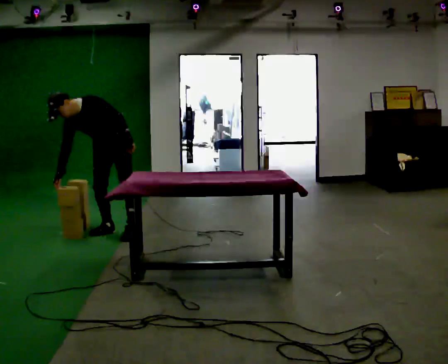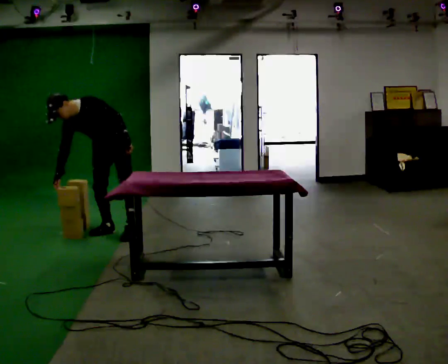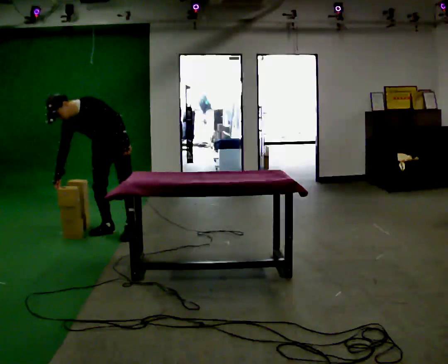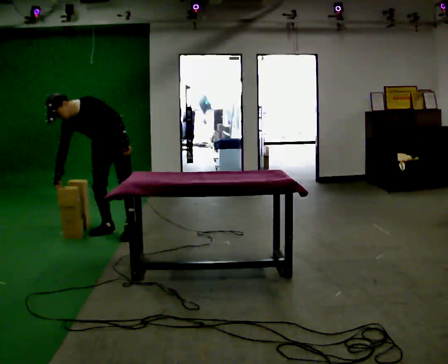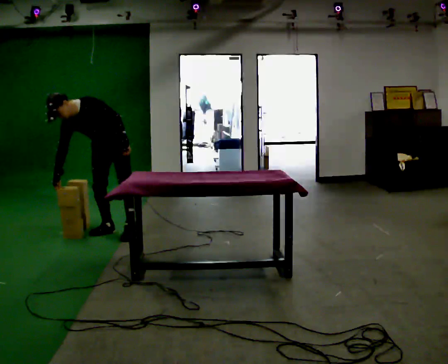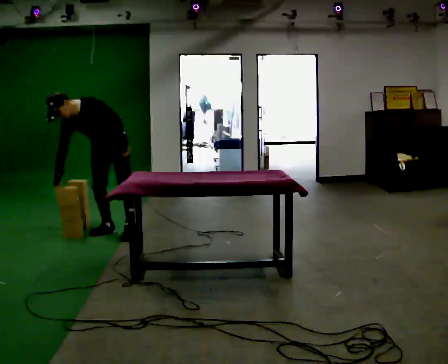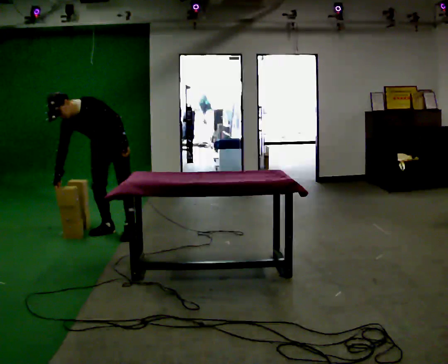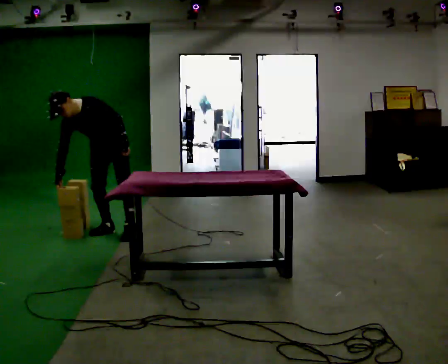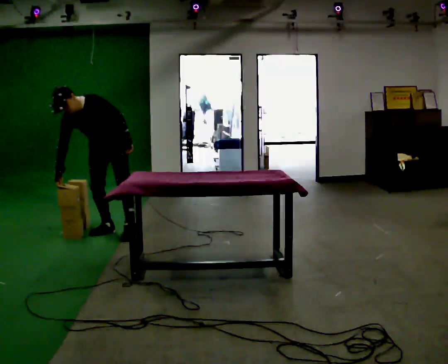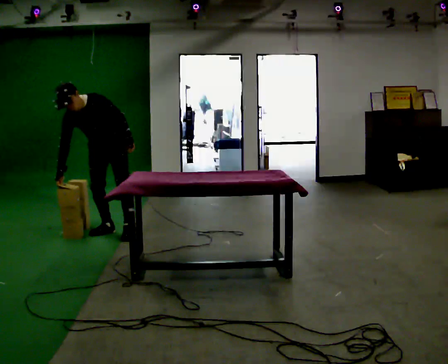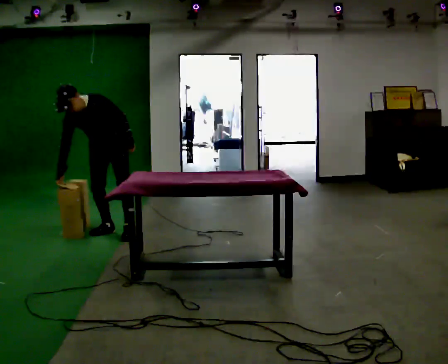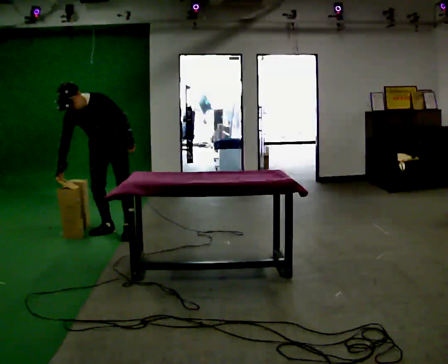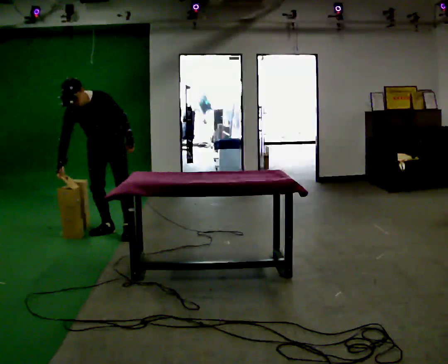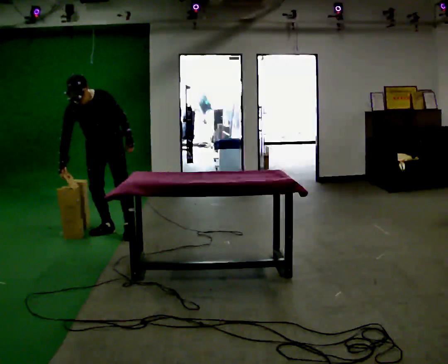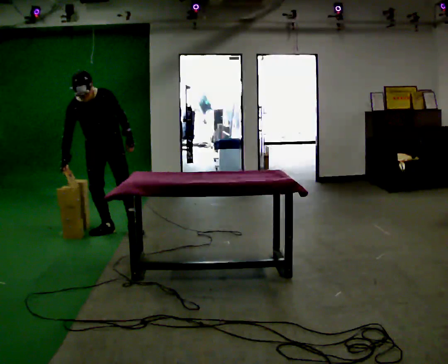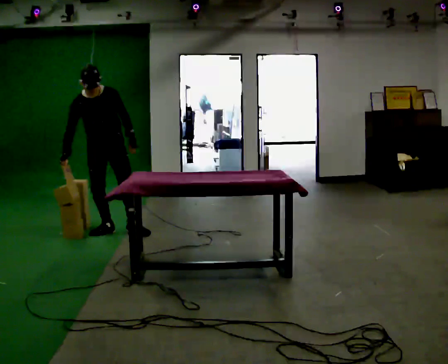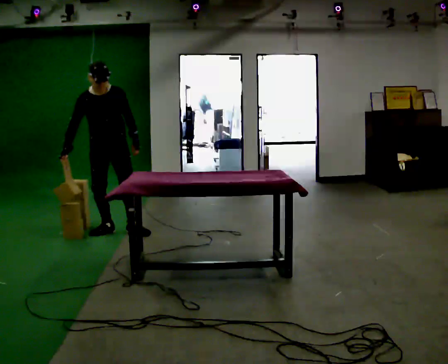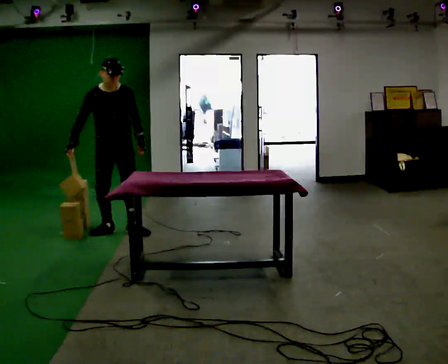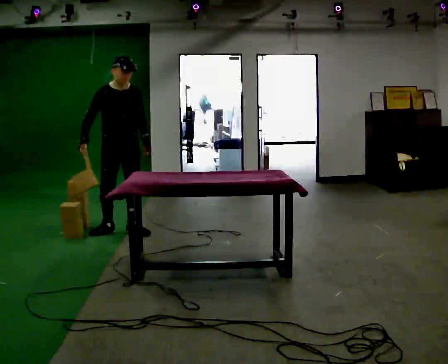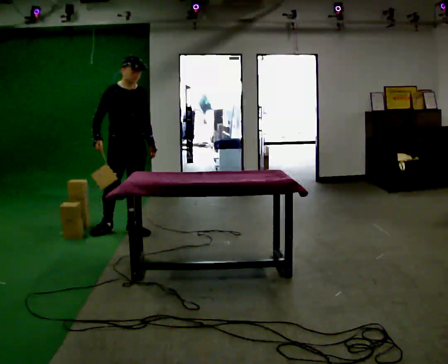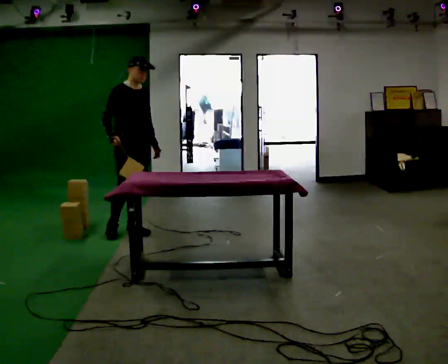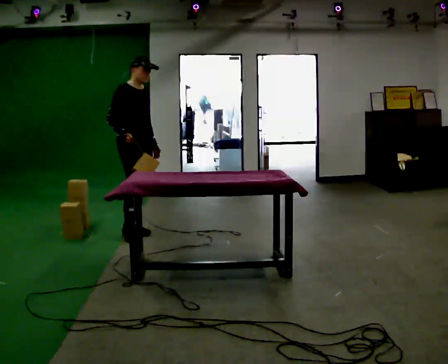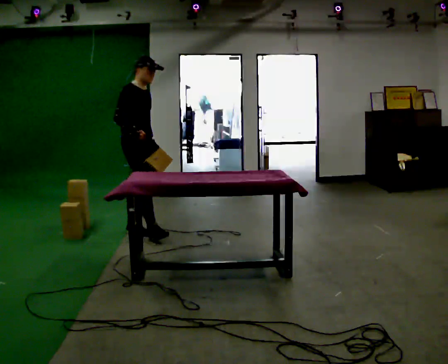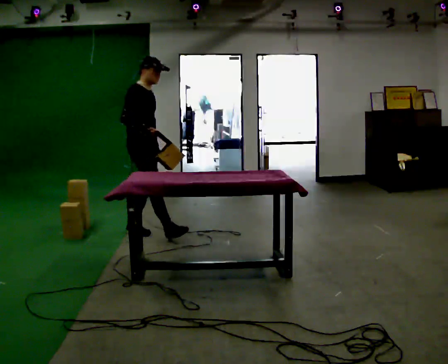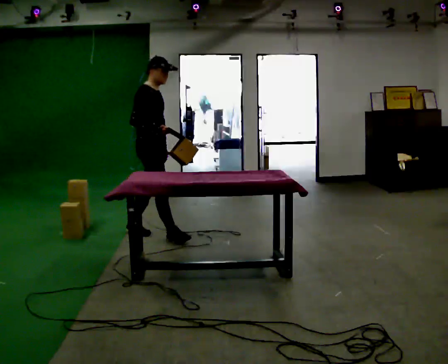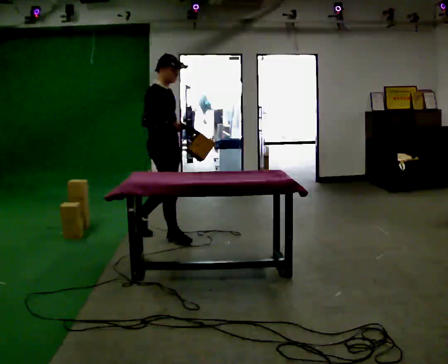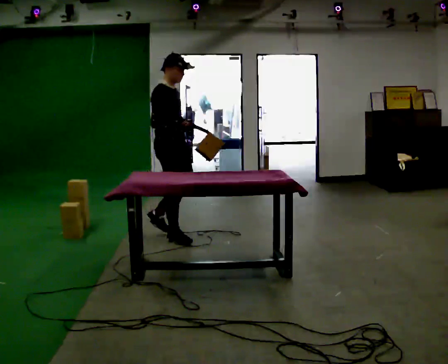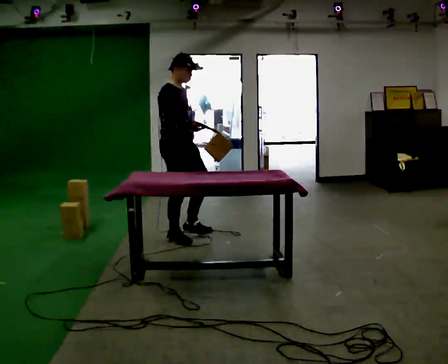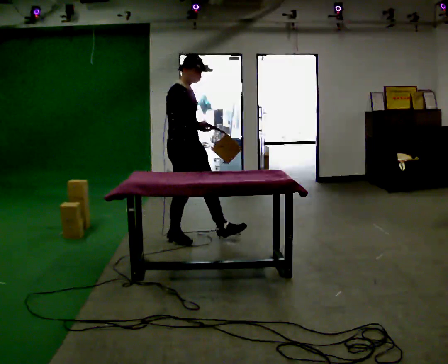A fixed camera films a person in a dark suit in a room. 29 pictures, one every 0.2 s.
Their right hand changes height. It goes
upward.
The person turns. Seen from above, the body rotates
counterclockwise.
0.0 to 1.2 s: The person moves a little, or ends about where they began.
1.2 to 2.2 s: In the picture the upper body tilts clockwise, shoulders to the right.
2.2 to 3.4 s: In the picture the upper body tilts clockwise, shoulders to the right, as they lean back or straighten.
3.4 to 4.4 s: The part of the body nearest the lens slides to the right as the person turns to their left by about 45 degrees. In the picture they go to the right, about 0.25 m, which for them is forward and to their left. The upper body tips away from the camera, its near side rolling upward, as they lean back or straighten. In the picture their right hand goes to the right.
4.4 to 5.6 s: In the picture they go to the right and toward the camera, about 0.5 m in 1 step, which for them is forward.
The film runs forward here.
